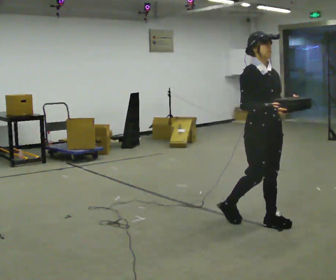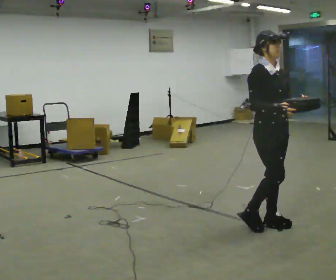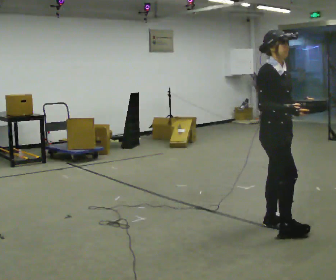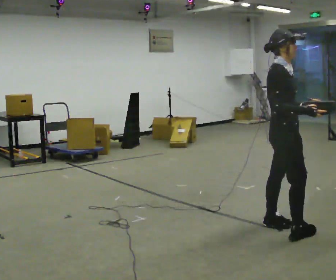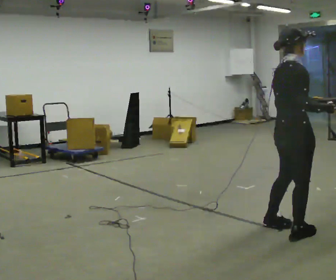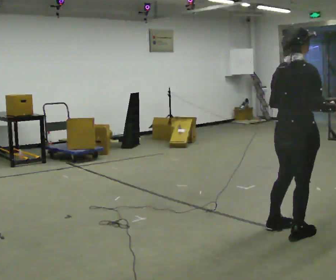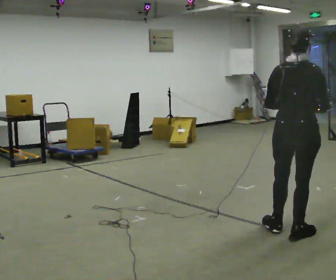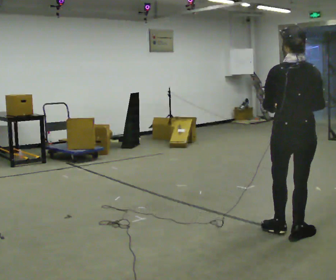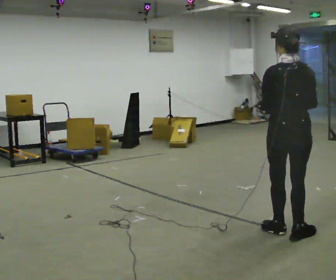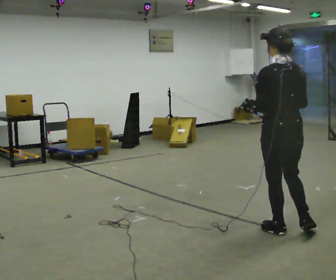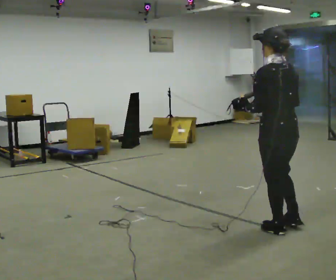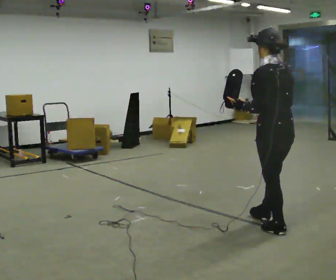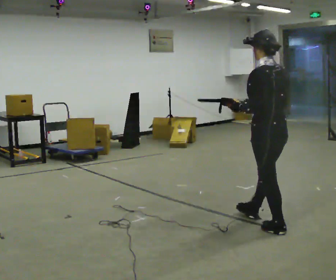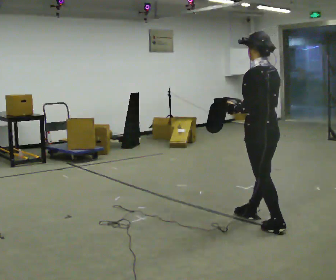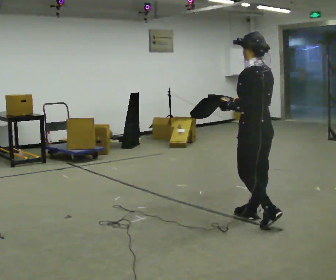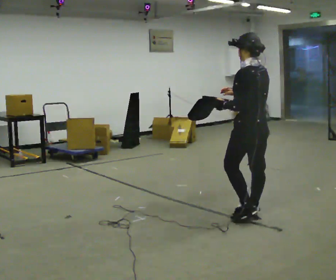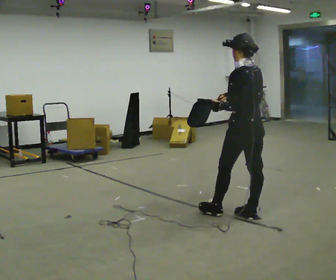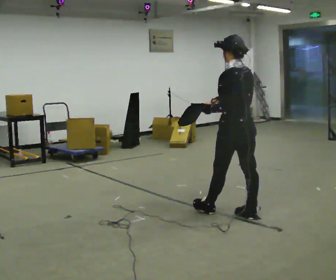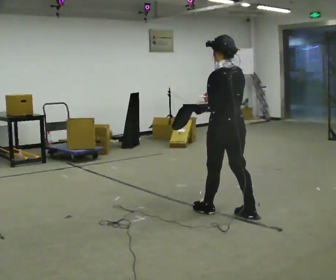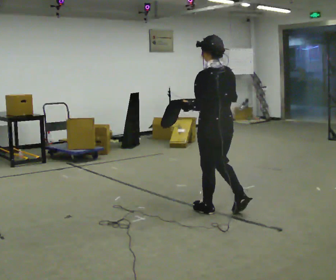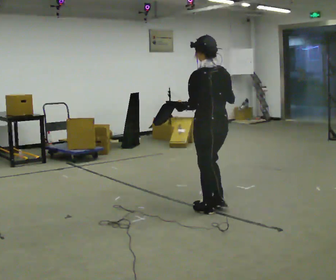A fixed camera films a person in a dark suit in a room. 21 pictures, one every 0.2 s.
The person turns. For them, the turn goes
to their left.
The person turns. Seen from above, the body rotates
counterclockwise.
0.0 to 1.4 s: The person turns about 135 degrees to their left, counterclockwise seen from above, so the part of the body nearest the lens slides to the right. In the picture they go to the right and toward the camera, about 0.5 m in 2 steps.
1.4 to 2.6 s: The part of the body nearest the lens slides to the right as the person turns to their left by about 60 degrees. In the picture they go away from the camera and to the left, about 0.5 m in 1 step, which for them is forward.
2.6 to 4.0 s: In the picture they go to the left and away from the camera, about 0.5 m in 1 step, which for them is forward.
The film runs forward here.
